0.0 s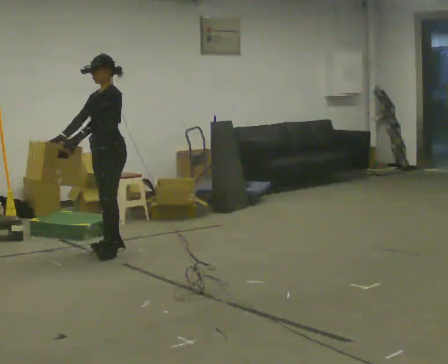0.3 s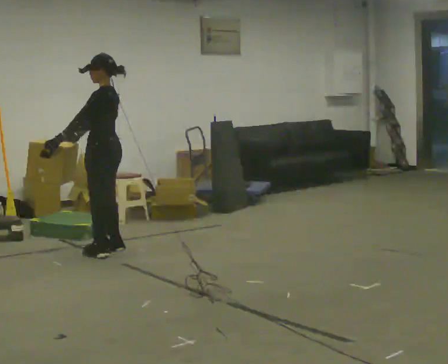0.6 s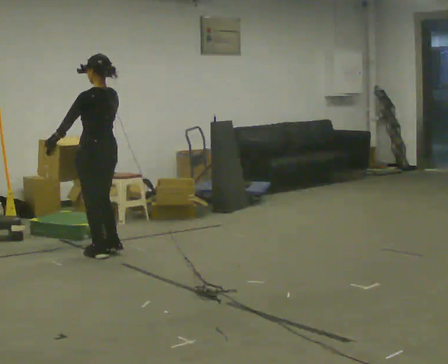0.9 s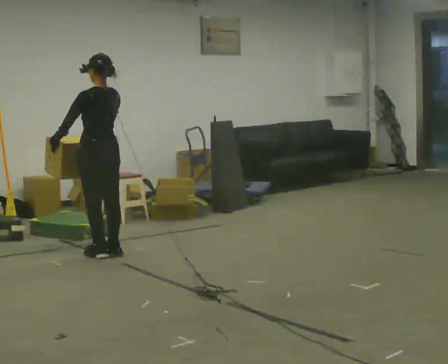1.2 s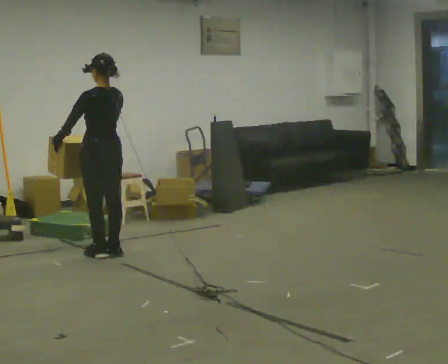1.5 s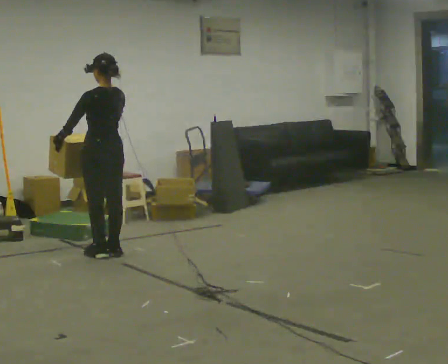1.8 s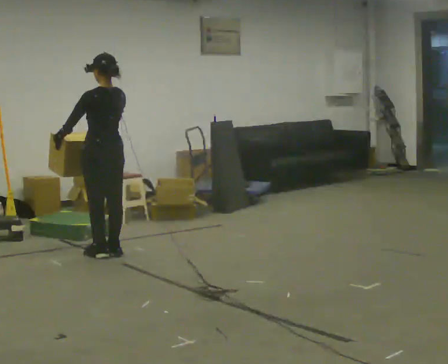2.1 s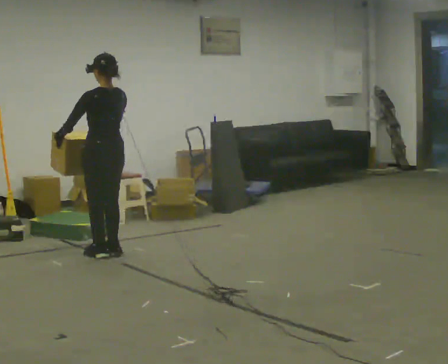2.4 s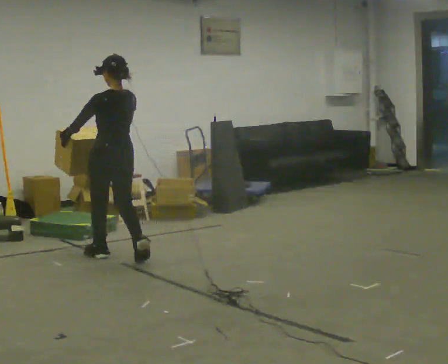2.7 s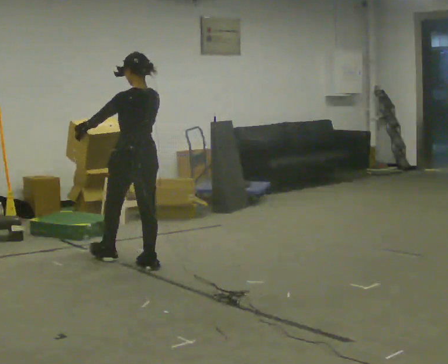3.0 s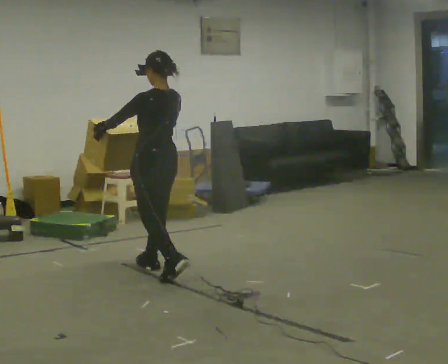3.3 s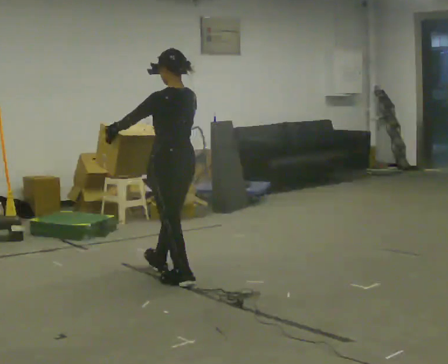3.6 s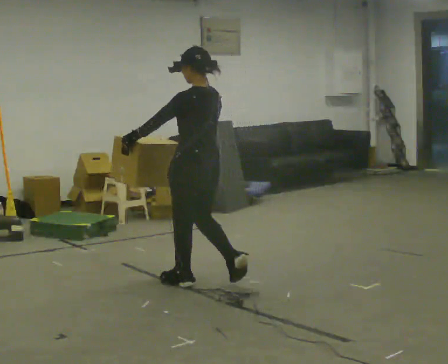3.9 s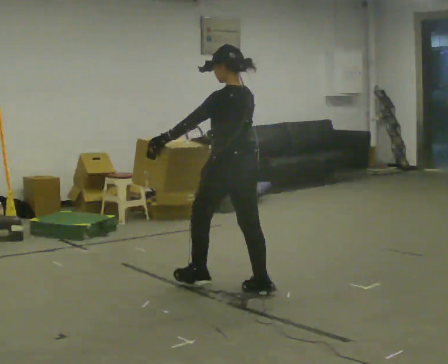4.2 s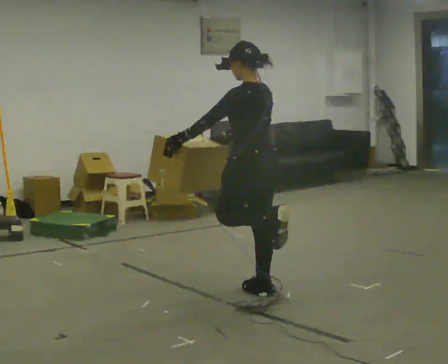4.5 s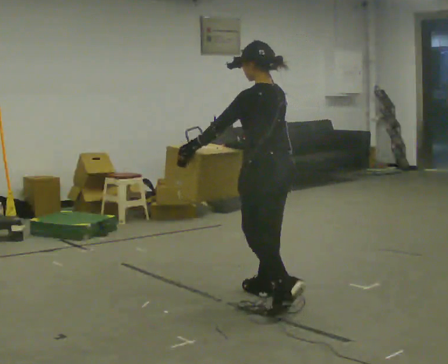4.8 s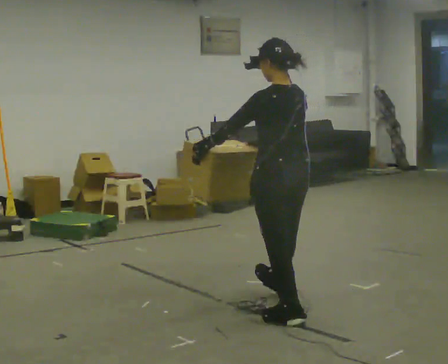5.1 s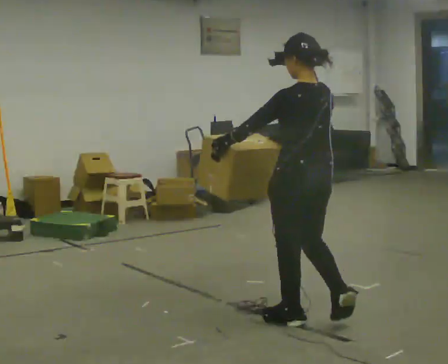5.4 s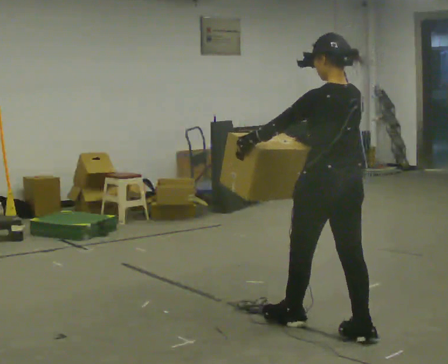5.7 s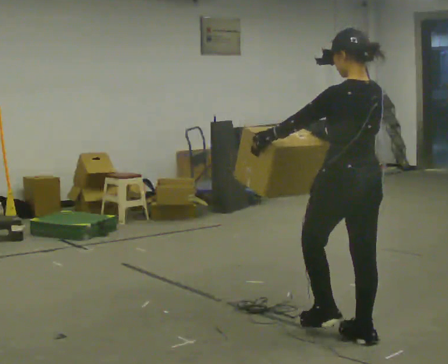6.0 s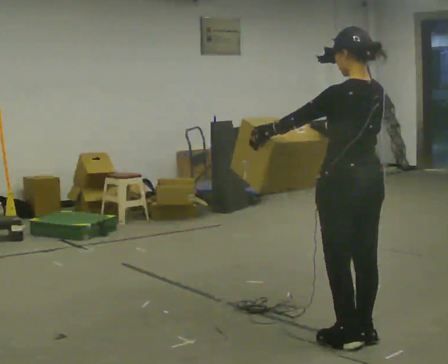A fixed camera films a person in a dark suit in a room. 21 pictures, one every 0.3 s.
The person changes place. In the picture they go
toward the camera.
0.0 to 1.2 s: The person turns about 90 degrees to their right, clockwise seen from above, so the part of the body nearest the lens slides to the left.
1.2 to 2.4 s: In the picture they go toward the camera, about 0.25 m in 1 step, which for them is backward.
2.4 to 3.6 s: In the picture they go toward the camera and to the right, about 1 m in 2 steps, which for them is backward.
3.6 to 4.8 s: In the picture they go toward the camera and to the right, about 1 m in 2 steps, which for them is backward.
4.8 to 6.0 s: In the picture they go toward the camera and to the right, about 0.5 m in 1 step, which for them is backward.
The film runs backward here.
